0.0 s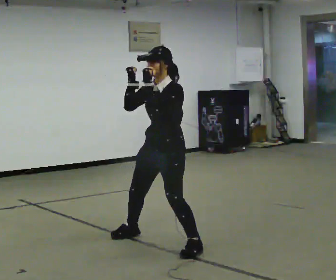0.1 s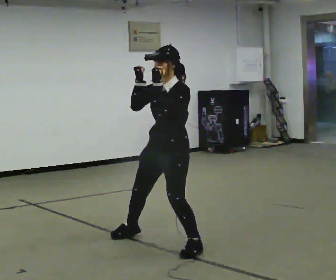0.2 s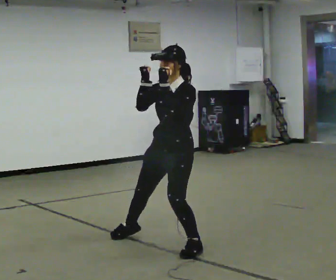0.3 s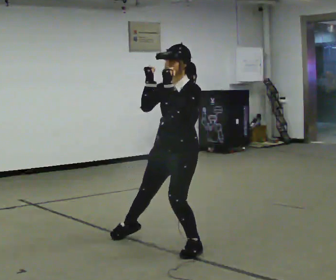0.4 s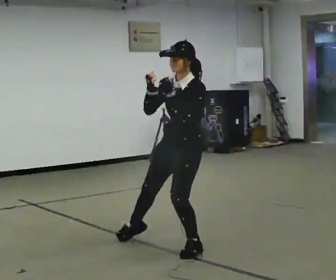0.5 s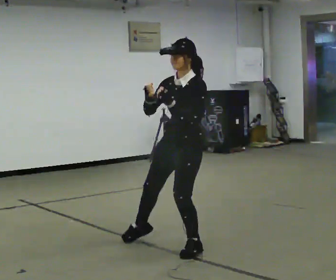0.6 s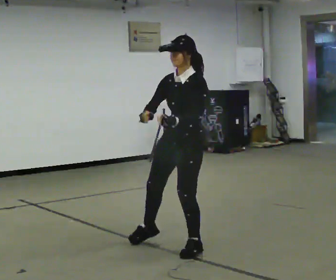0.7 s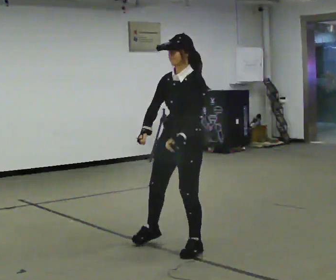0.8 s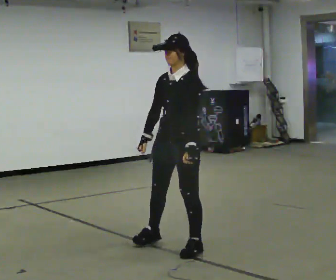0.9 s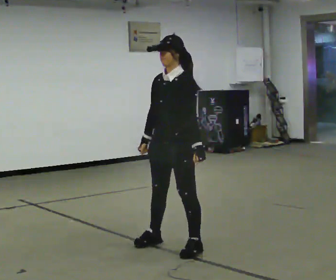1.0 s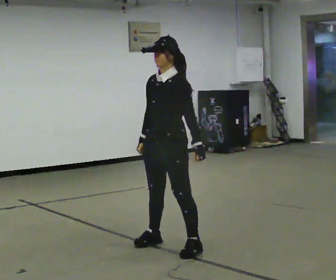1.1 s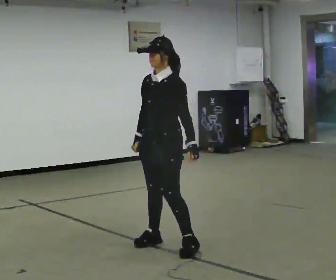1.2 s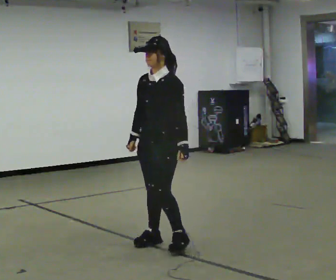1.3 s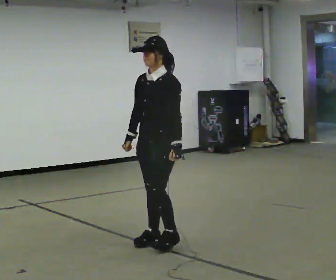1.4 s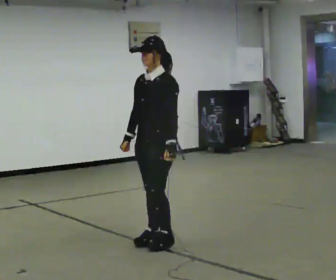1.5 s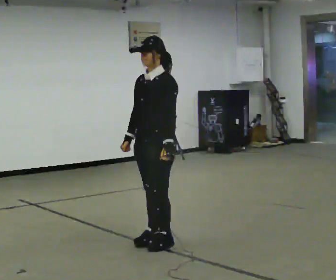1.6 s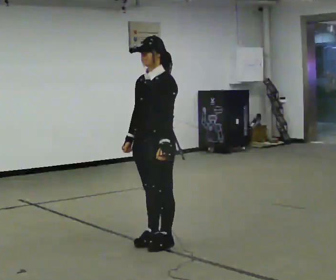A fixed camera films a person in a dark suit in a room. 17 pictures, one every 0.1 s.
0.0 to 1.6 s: In the picture their right hand goes downward.
The film runs forward here.
